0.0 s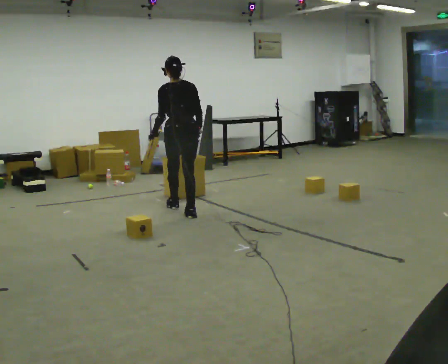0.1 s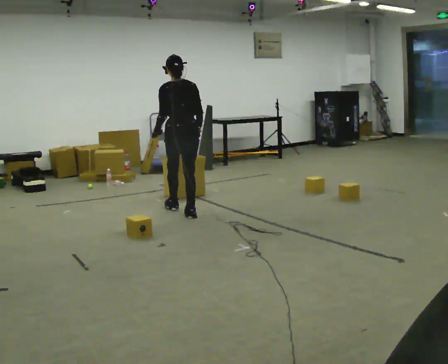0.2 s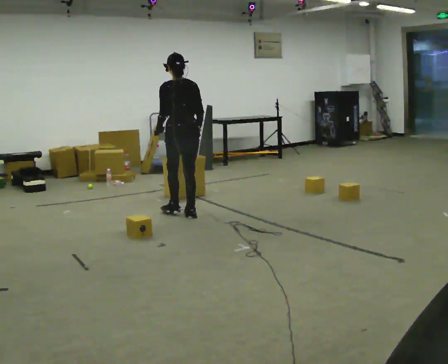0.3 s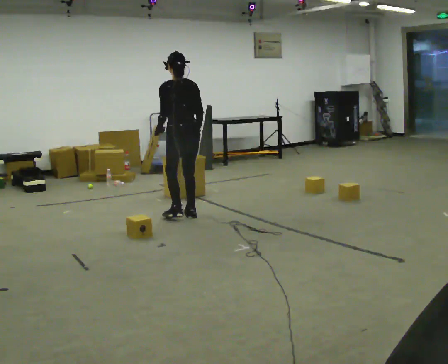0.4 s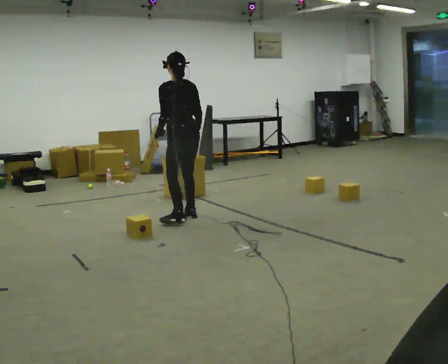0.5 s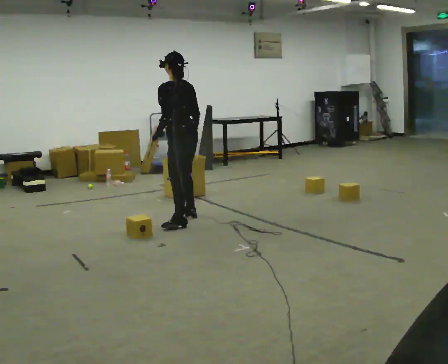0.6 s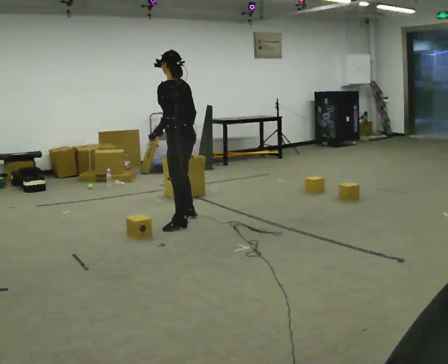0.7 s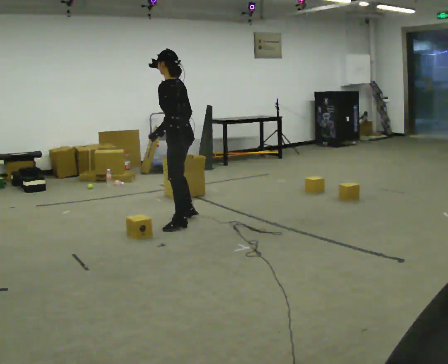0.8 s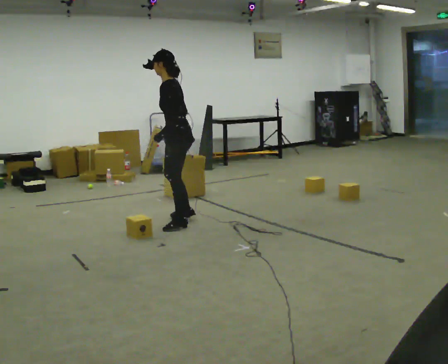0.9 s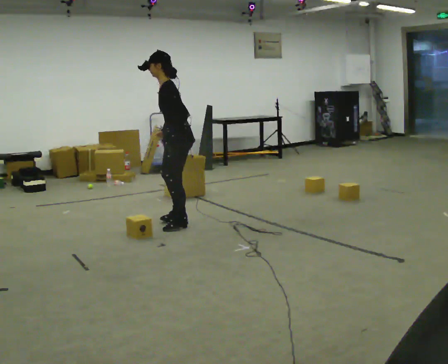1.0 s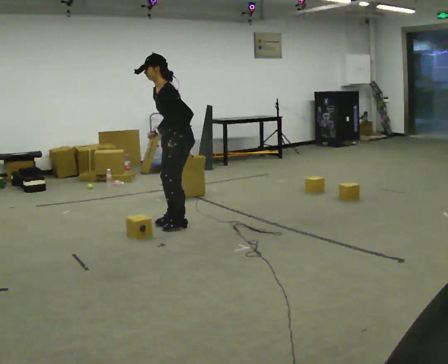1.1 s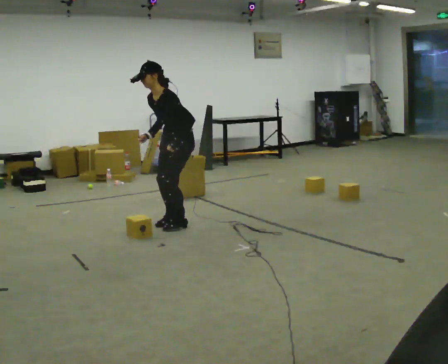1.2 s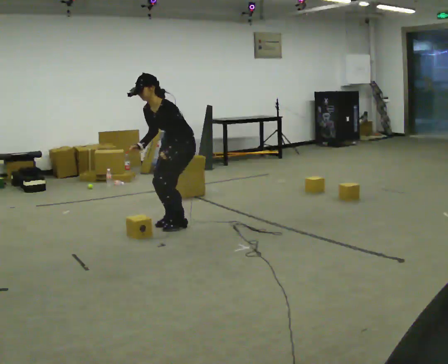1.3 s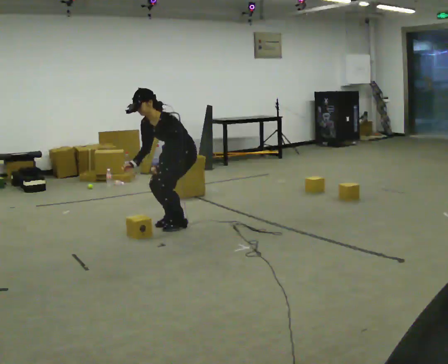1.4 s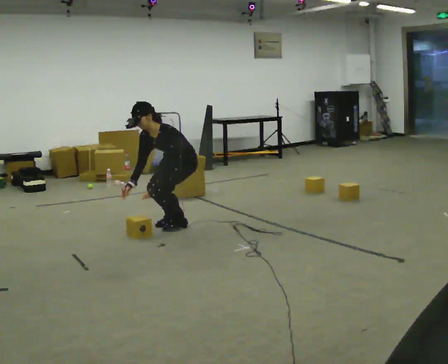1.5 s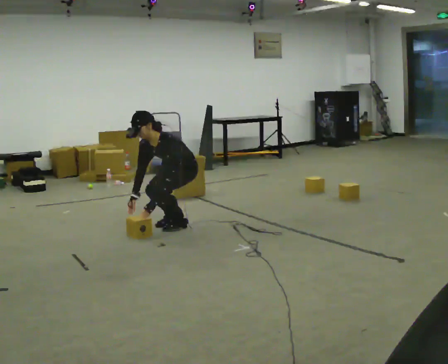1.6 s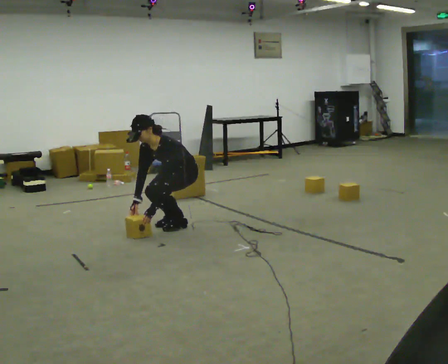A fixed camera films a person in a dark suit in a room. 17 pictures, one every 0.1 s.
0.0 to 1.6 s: The part of the body nearest the lens slides to the right as the person turns to their left by about 120 degrees. In the picture they go toward the camera, about 0.25 m in 1 step. The shoulders move downward. In the picture the upper body tilts counterclockwise, shoulders to the left, as they bend forward. In the picture their right hand goes downward, the arm swinging clockwise.
The film runs backward here.
